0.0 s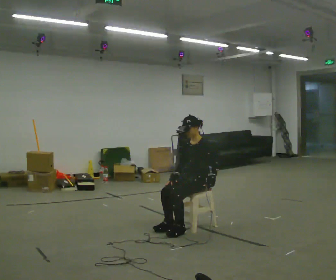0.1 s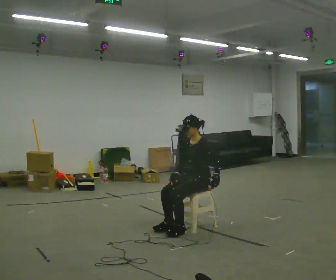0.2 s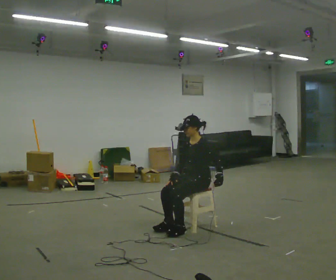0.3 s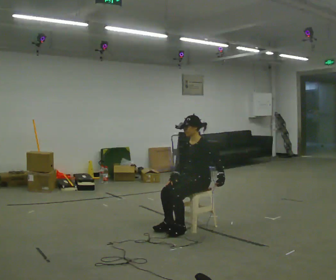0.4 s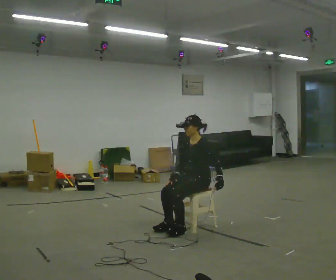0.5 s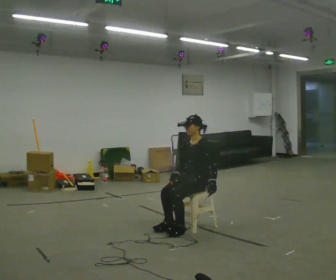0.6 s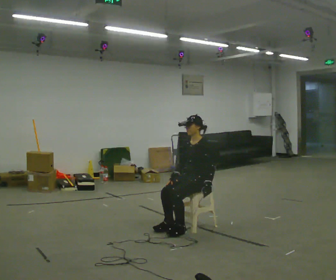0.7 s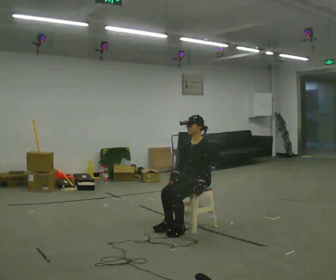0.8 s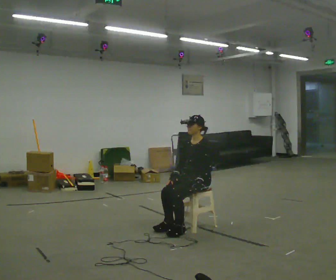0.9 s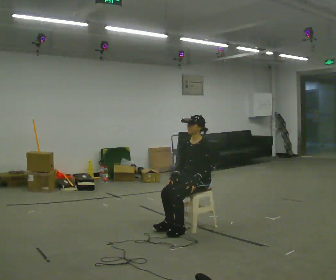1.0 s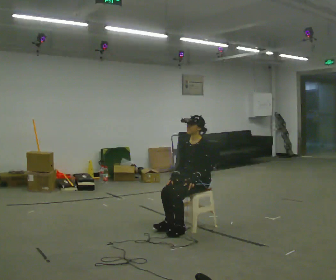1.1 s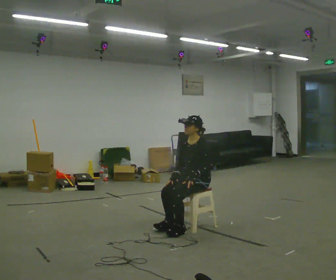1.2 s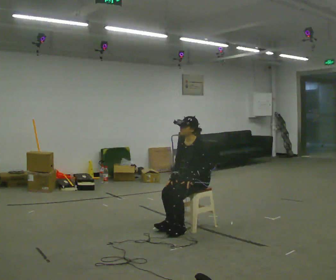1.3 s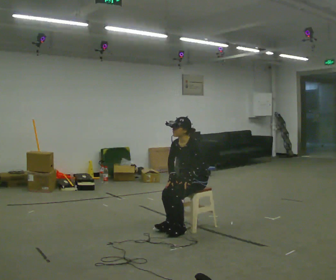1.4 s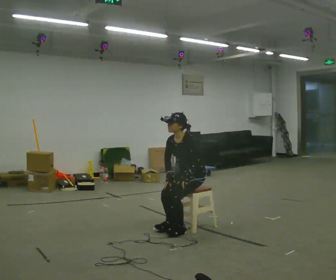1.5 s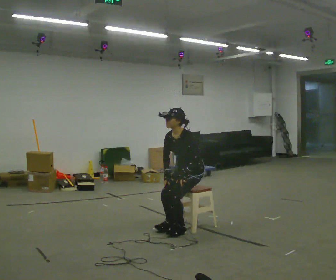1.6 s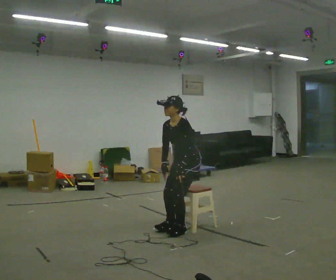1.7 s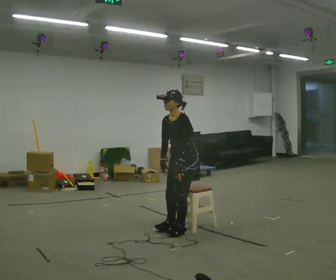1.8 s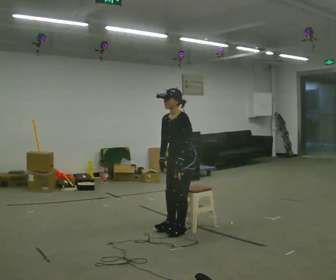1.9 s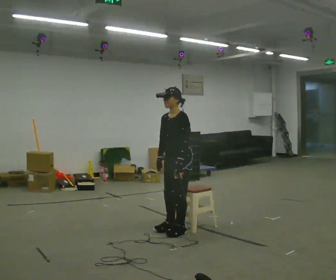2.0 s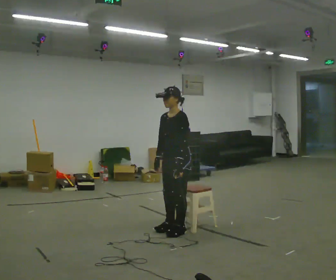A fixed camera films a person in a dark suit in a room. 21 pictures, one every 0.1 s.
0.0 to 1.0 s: The person moves a little, or ends about where they began.
1.0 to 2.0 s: In the picture they go to the left and toward the camera, about 0.25 m, which for them is forward. The upper body goes upward.
The film runs backward here.
